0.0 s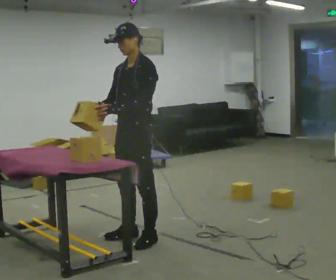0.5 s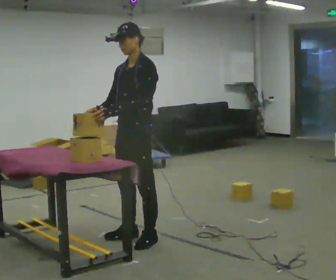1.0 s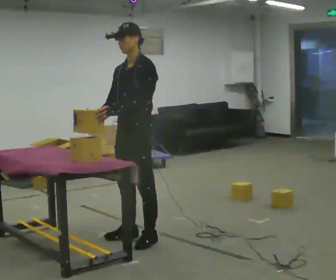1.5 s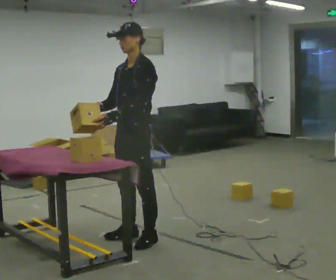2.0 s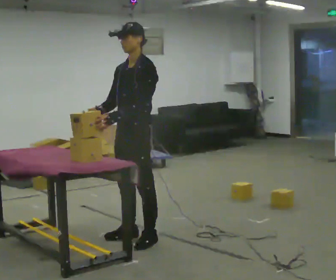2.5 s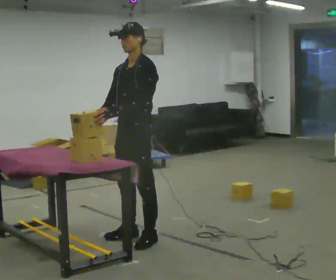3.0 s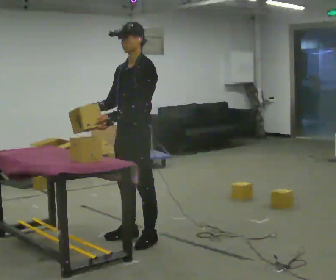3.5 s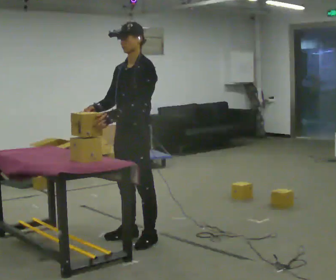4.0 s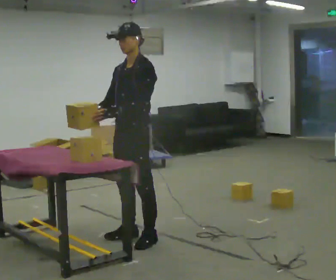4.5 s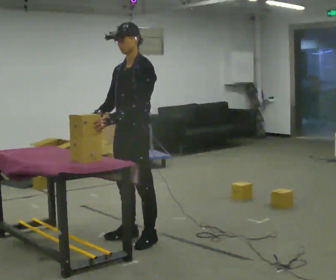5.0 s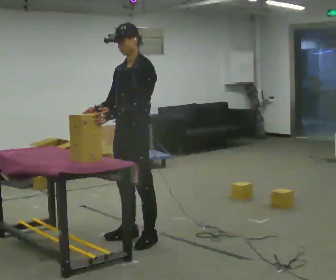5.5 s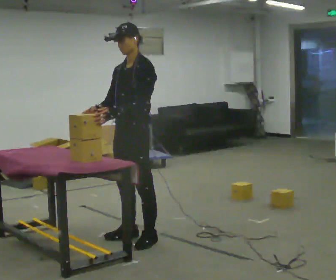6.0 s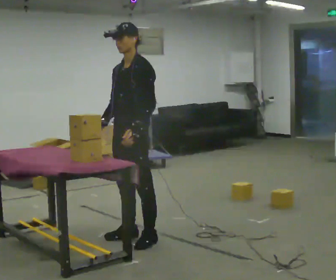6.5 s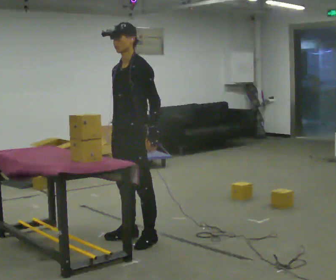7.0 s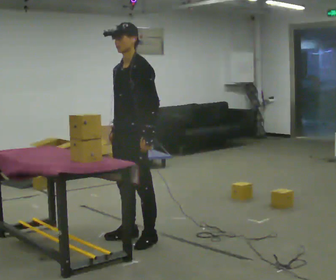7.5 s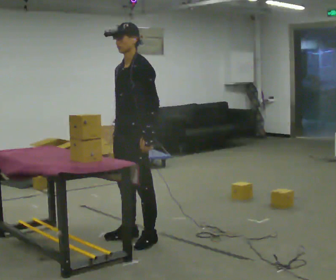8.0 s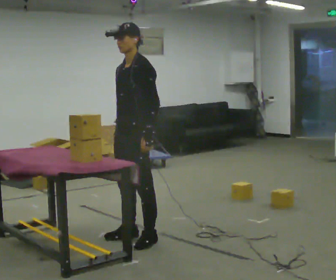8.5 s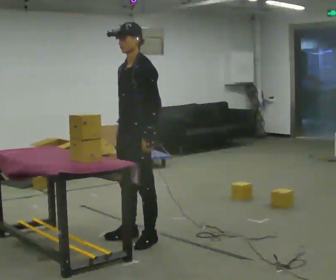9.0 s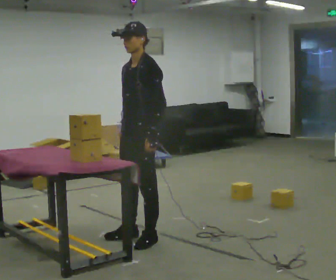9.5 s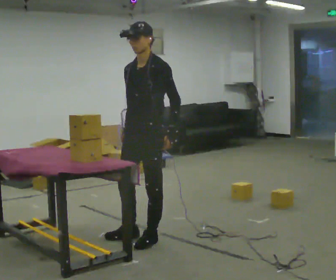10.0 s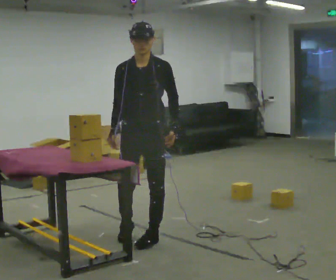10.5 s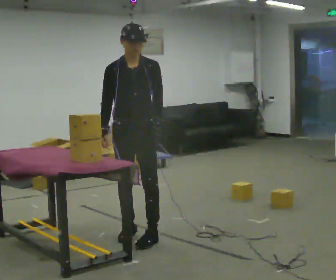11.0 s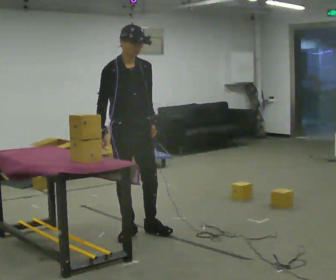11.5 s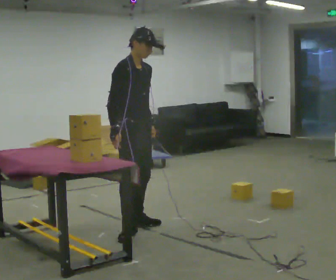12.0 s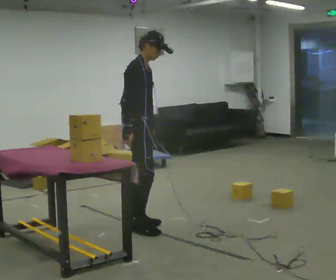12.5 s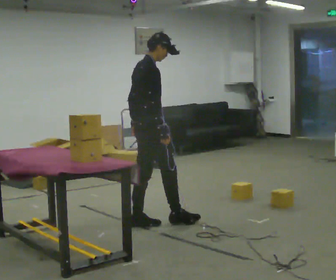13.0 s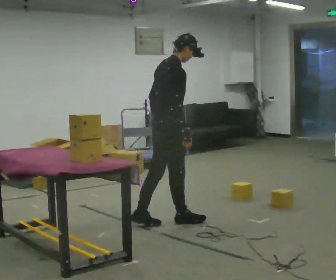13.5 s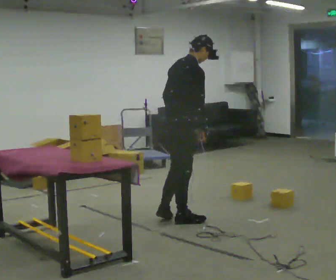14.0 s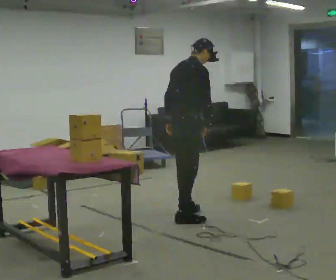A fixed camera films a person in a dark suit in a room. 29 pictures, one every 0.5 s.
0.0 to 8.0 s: The person moves a little, or ends about where they began.
8.0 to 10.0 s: Seen from above the body turns counterclockwise, about 45 degrees: to their left, with its near side sliding to the right.
10.0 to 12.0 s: The part of the body nearest the lens slides to the right as the person turns to their left by about 90 degrees. In the picture they go away from the camera, about 0.5 m in 1 step.
12.0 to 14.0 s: The part of the body nearest the lens slides to the right as the person turns to their left by about 45 degrees. In the picture they go to the right and away from the camera, about 0.5 m in 2 steps, which for them is forward.
The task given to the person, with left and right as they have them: Carry the box over and put it on the shelf with the label facing out towards you. Get the orientation right, not just the position. Keep going until the operator says stop; one object at a time, and do not rush between trips.
The film runs forward here.
